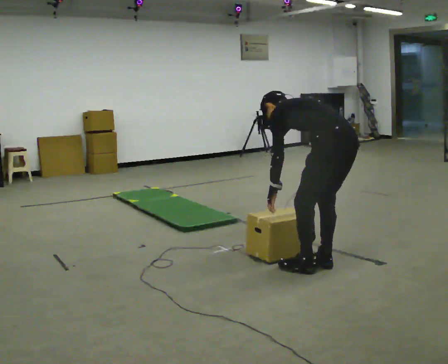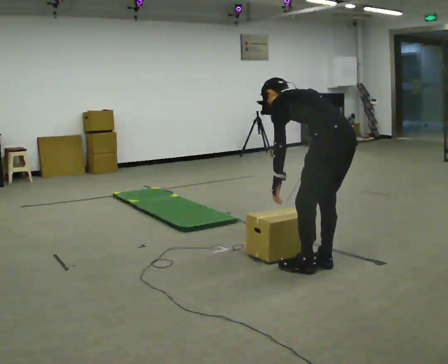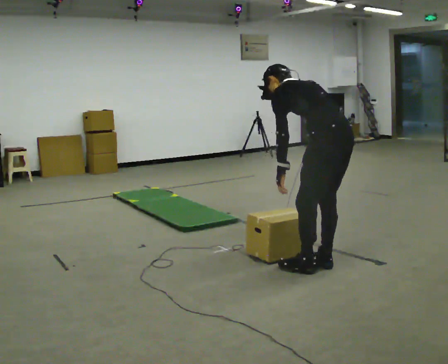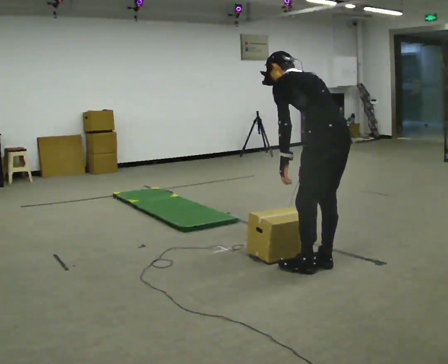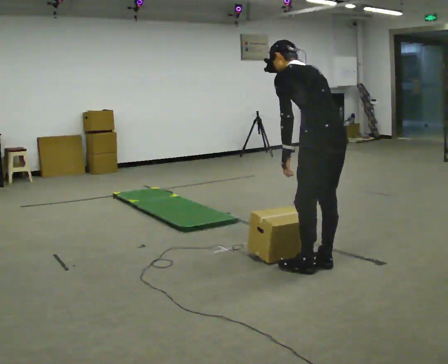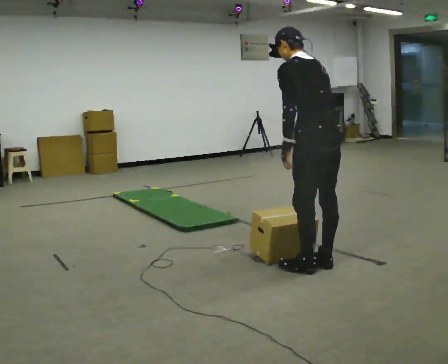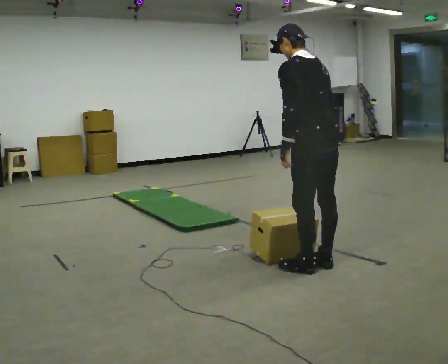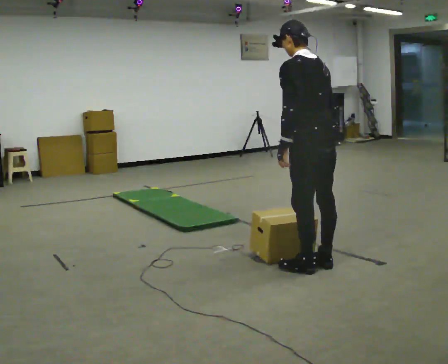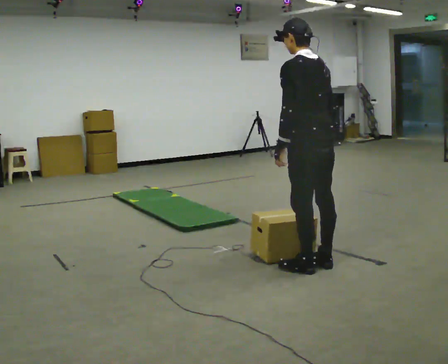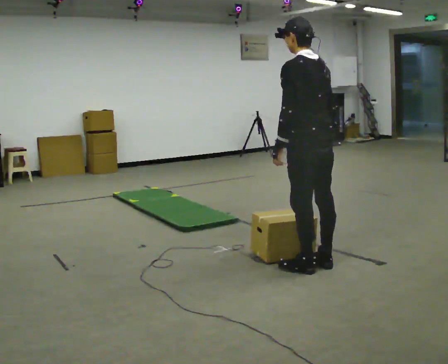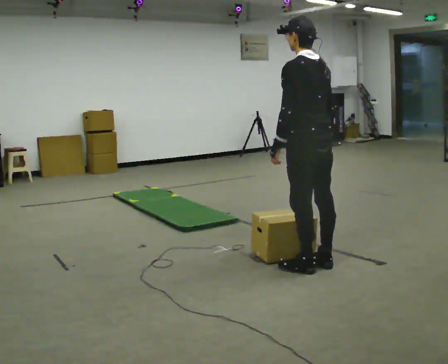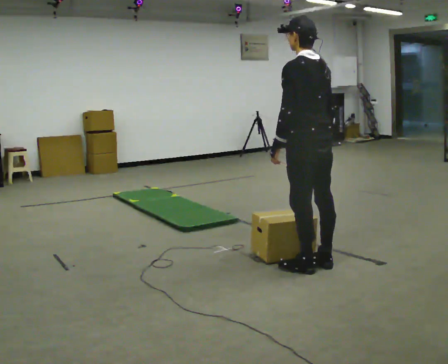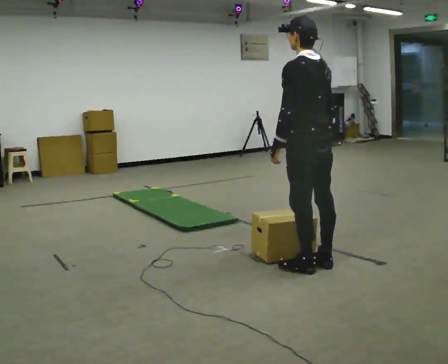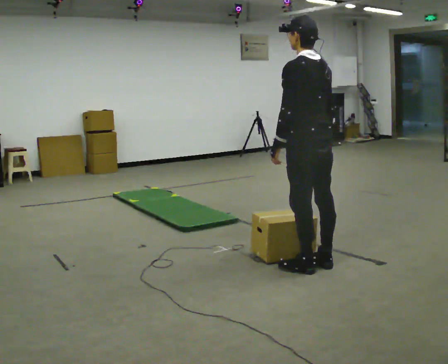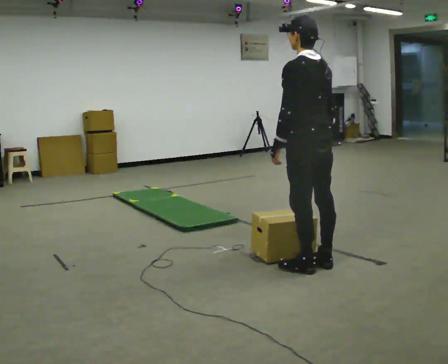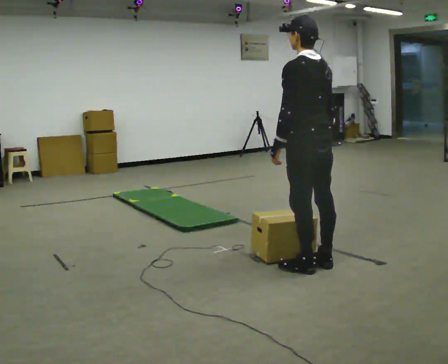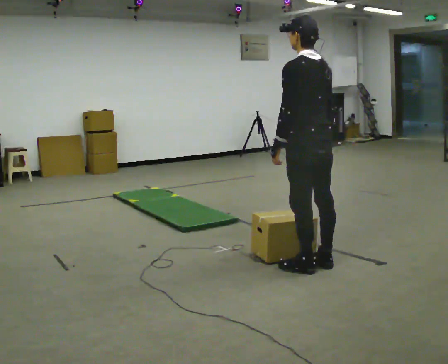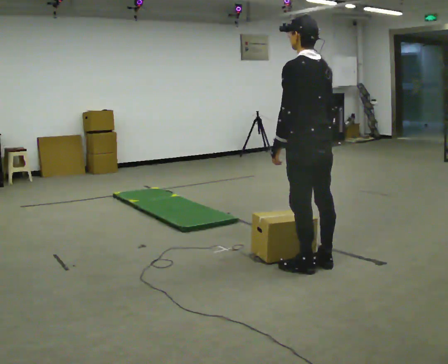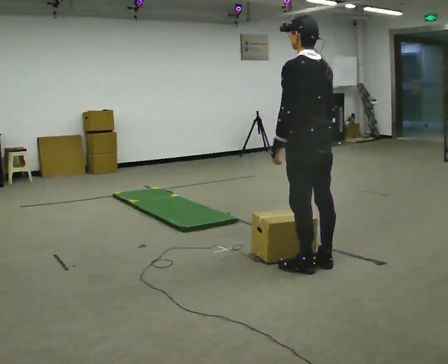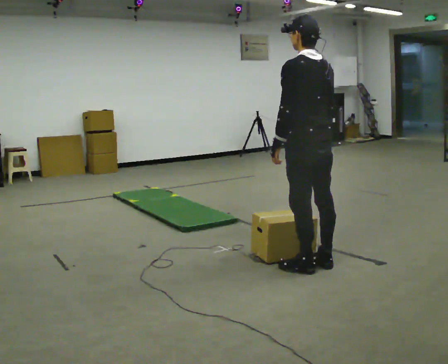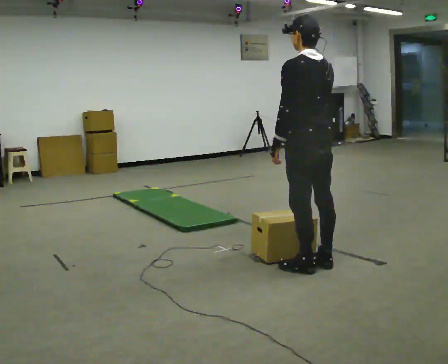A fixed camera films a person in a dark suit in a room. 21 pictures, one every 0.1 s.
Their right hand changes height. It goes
upward.
The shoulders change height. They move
upward.
0.0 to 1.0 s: In the picture they go to the left, about 0.25 m, which for them is forward. The shoulders move upward. In the picture the upper body tilts clockwise, shoulders to the right, as they lean back or straighten.
1.0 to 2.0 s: In the picture their right hand goes upward.
The film runs forward here.
